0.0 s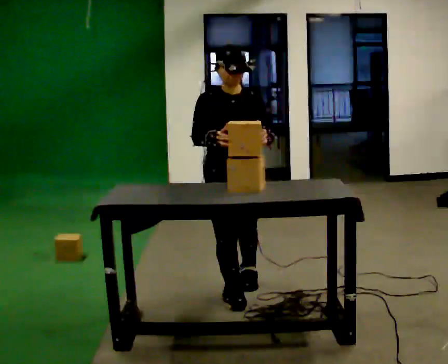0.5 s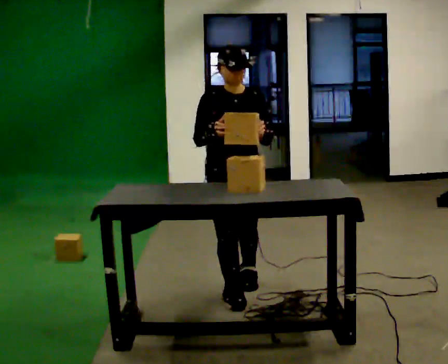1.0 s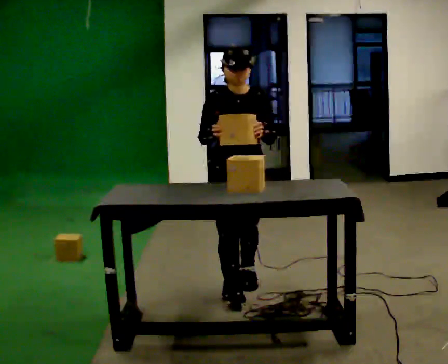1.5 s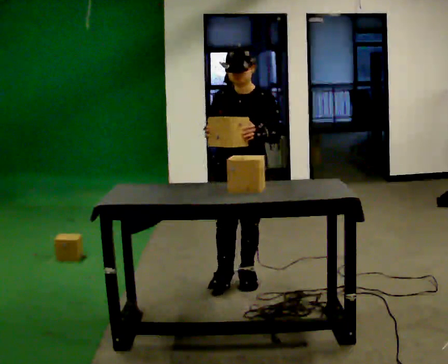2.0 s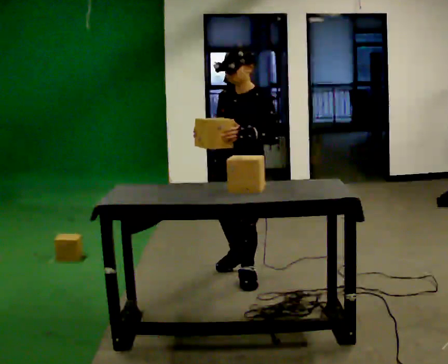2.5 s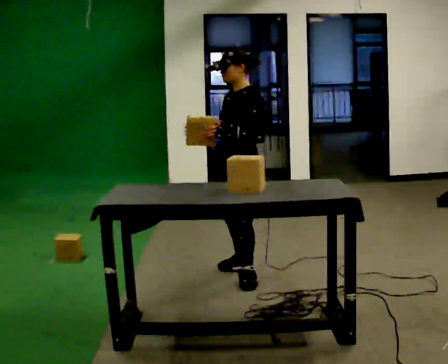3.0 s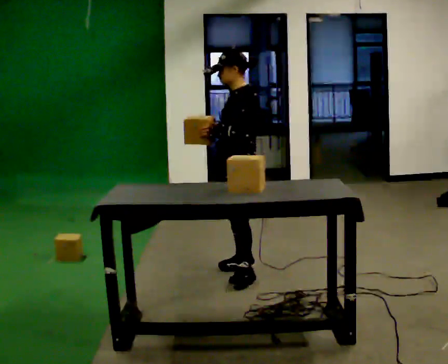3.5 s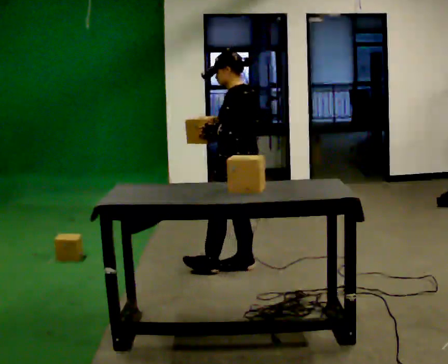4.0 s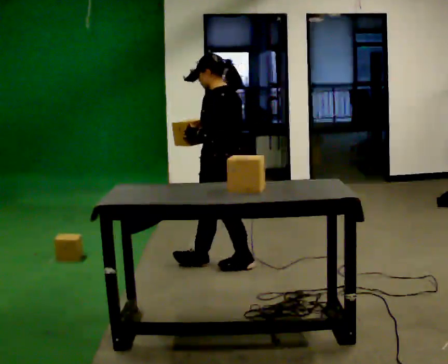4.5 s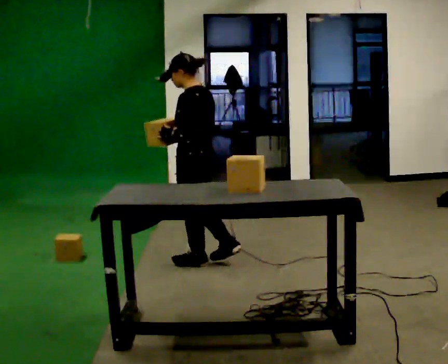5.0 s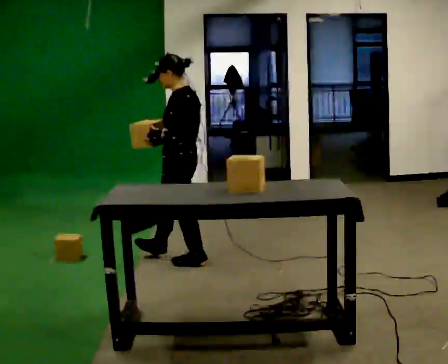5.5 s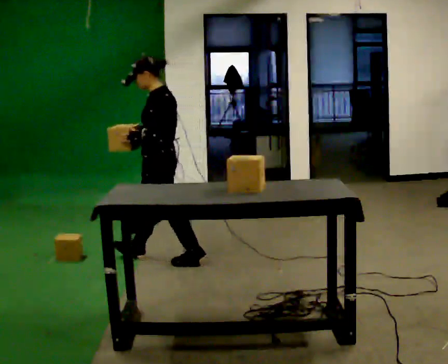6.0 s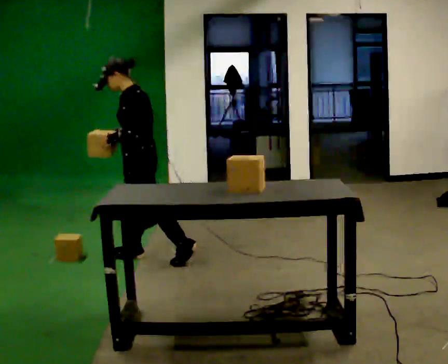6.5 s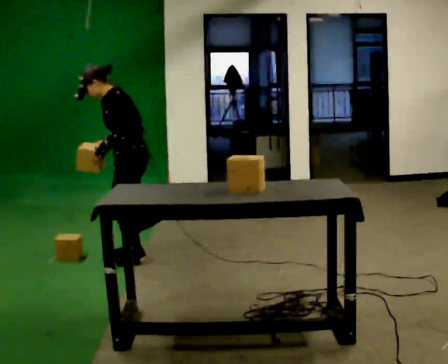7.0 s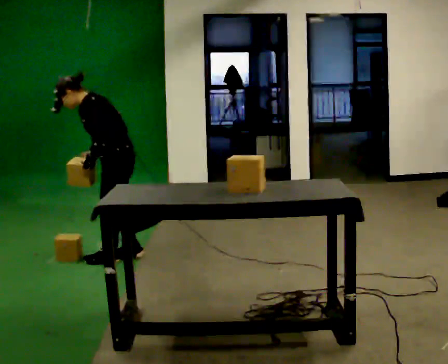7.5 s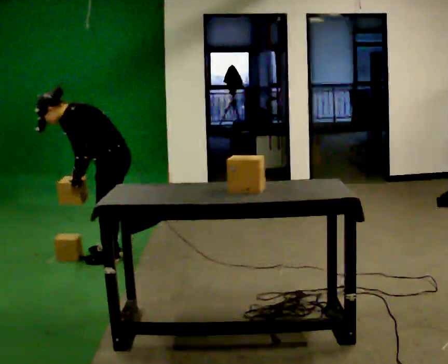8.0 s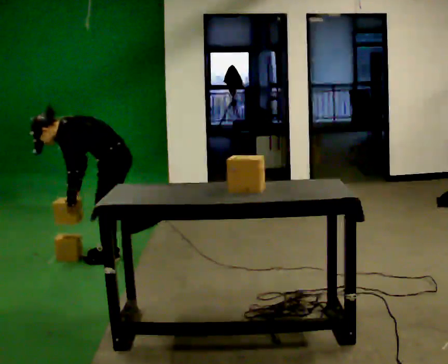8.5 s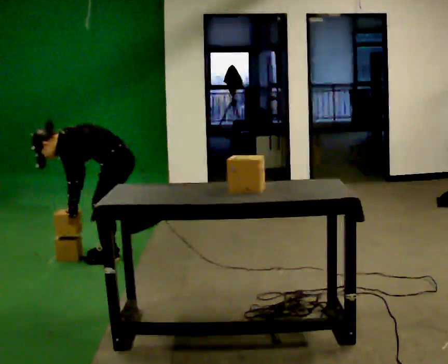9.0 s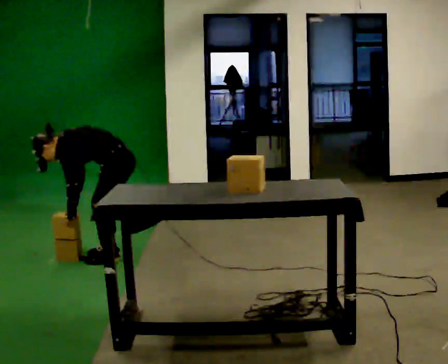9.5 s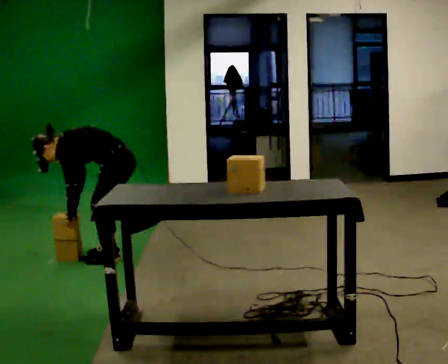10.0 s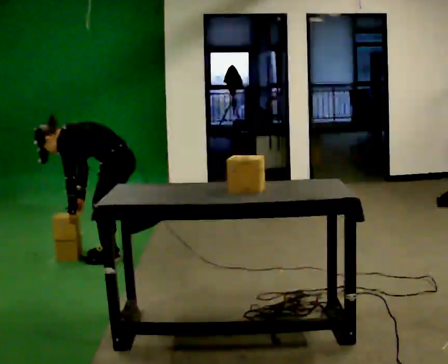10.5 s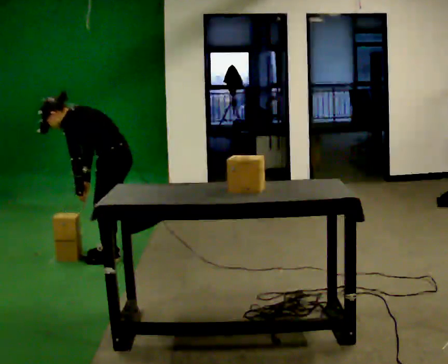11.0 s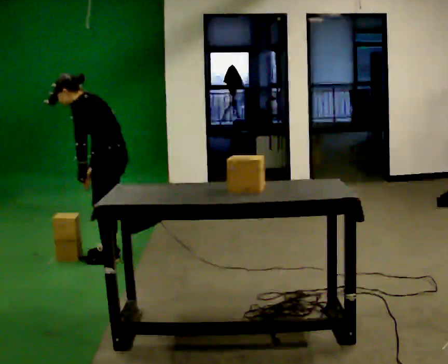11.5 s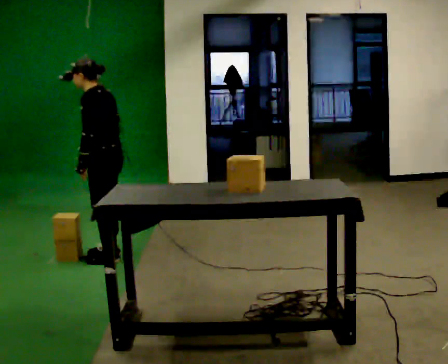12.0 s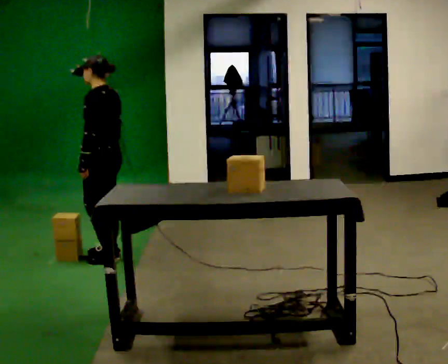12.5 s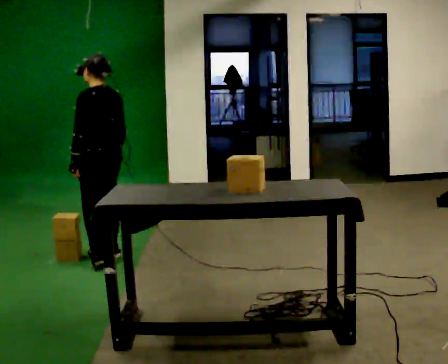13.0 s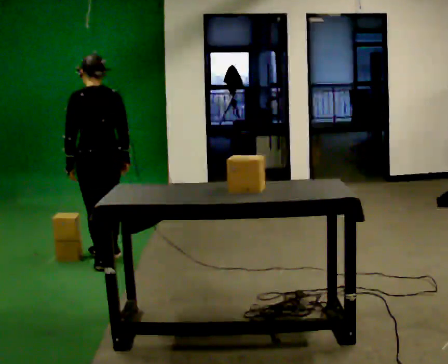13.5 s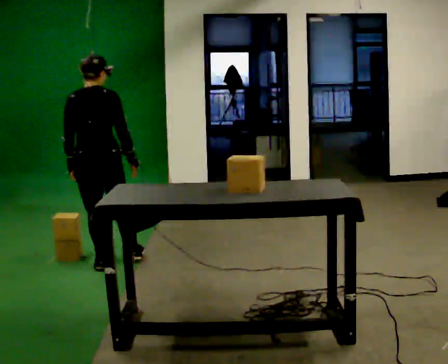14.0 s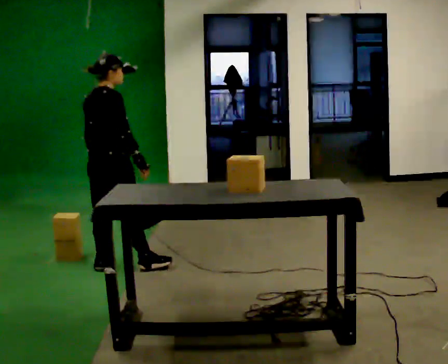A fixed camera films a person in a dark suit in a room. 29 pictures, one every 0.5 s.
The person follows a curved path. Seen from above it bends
counterclockwise.
0.0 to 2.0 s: The part of the body nearest the lens slides to the left as the person turns to their right by about 45 degrees. In the picture they go away from the camera and to the right, about 0.25 m, which for them is backward and to their left.
2.0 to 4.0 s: The part of the body nearest the lens slides to the left as the person turns to their right by about 75 degrees. In the picture they go away from the camera, about 0.25 m in 2 steps.
4.0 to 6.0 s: The person turns about 30 degrees to their left, counterclockwise seen from above, so the part of the body nearest the lens slides to the right. In the picture they go to the left and away from the camera, about 0.5 m in 1 step, which for them is forward.
6.0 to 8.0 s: In the picture they go to the left, about 0.25 m in 2 steps, which for them is forward. The shoulders move downward. In the picture the upper body tilts counterclockwise, shoulders to the left, as they bend forward. In the picture their right hand goes downward and to the left.
8.0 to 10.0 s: The person moves a little, or ends about where they began.
10.0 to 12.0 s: The upper body goes upward. In the picture the upper body tilts clockwise, shoulders to the right, as they lean back or straighten.
12.0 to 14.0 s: The person turns about 120 degrees to their right, clockwise seen from above, so the part of the body nearest the lens slides to the left. In the picture they go toward the camera, about 0.25 m in 2 steps.
The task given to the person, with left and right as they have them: Bring the boxes over one at a time and stack them on top of each other, walking back for each one. Keep going until the operator says stop; one object at a time, and do not rush between trips.
The film runs forward here.
